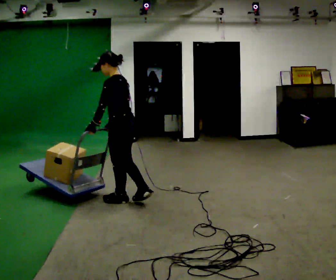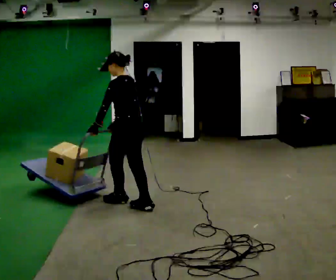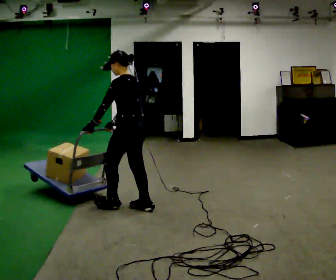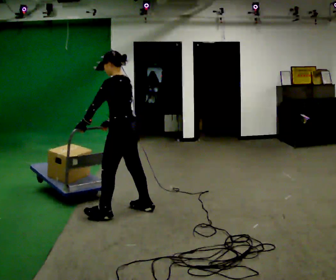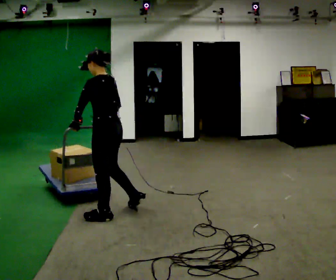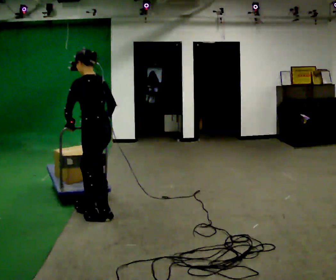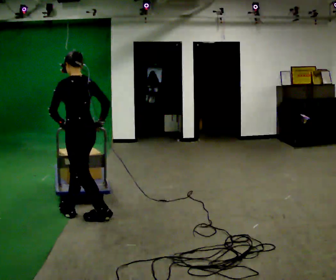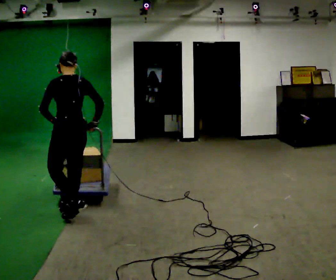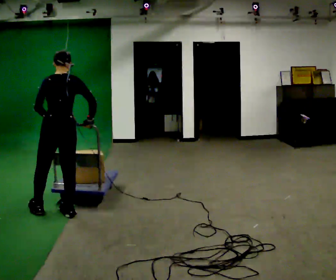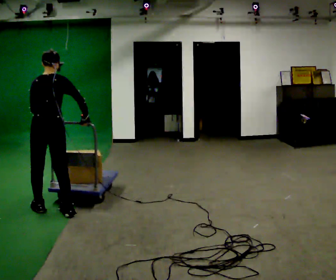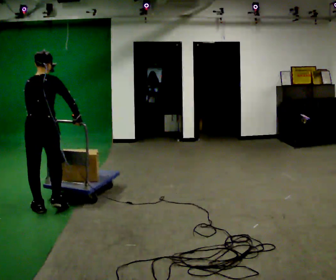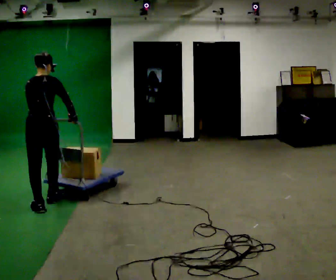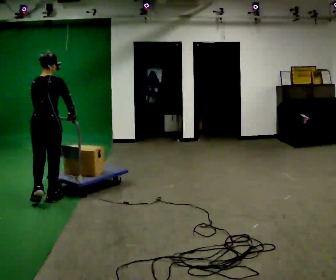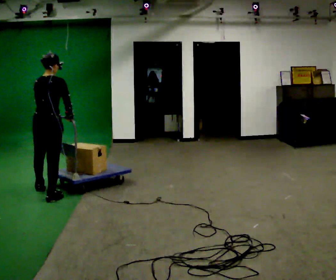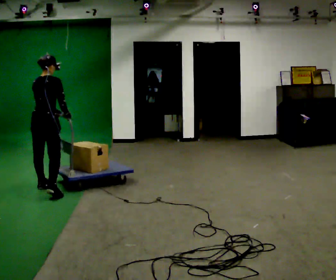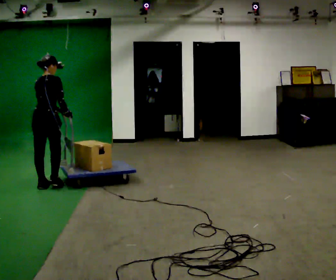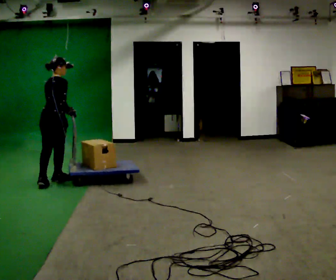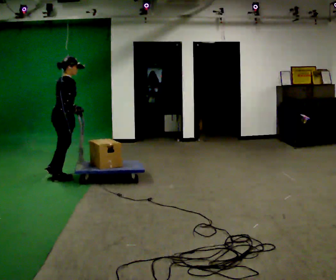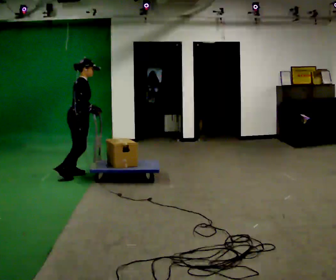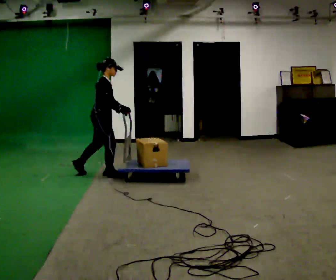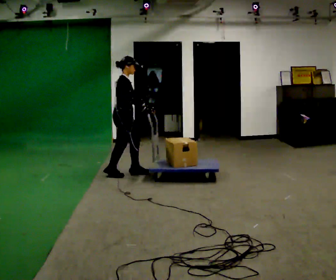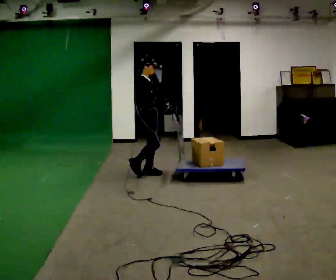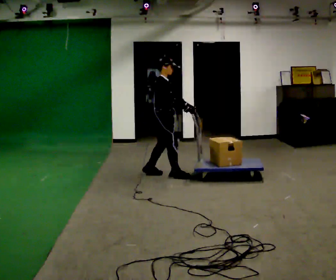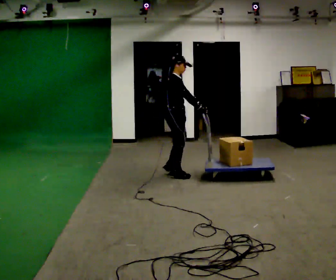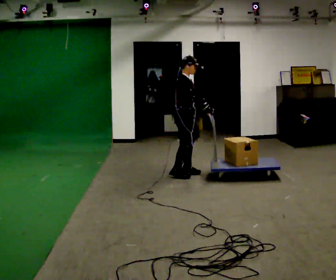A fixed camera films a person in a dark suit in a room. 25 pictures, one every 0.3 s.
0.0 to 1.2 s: In the picture they go toward the camera and to the left, about 0.25 m in 2 steps, which for them is to their left.
1.2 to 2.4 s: Seen from above the body turns clockwise, about 45 degrees: to their right, with its near side sliding to the left. In the picture they go to the left, about 0.5 m in 1 step, which for them is forward and to their left.
2.4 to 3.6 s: In the picture they go away from the camera, about 0.5 m in 2 steps, which for them is forward and to their left.
3.6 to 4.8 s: Seen from above the body turns clockwise, about 30 degrees: to their right, with its near side sliding to the left. In the picture they go away from the camera, about 0.75 m in 2 steps, which for them is forward.
4.8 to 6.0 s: The part of the body nearest the lens slides to the left as the person turns to their right by about 60 degrees. In the picture they go to the right, about 1 m in 2 steps.
6.0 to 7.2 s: In the picture they go to the right, about 0.5 m in 3 steps, which for them is forward.
The film runs forward here.
